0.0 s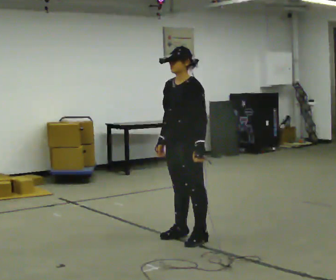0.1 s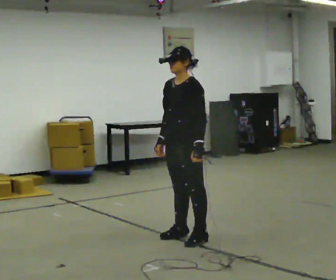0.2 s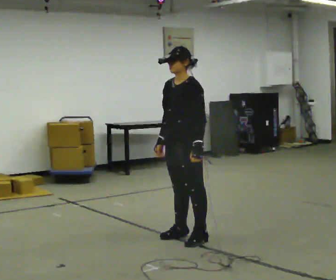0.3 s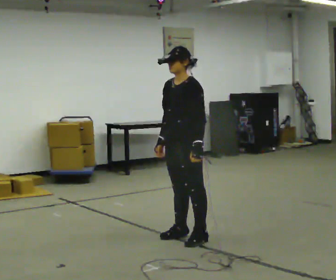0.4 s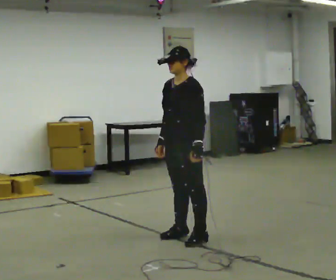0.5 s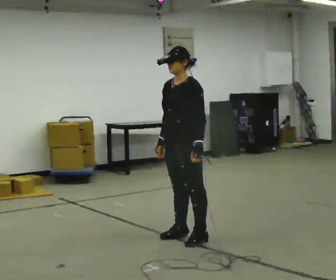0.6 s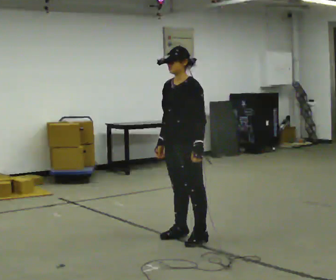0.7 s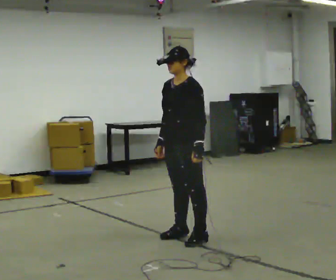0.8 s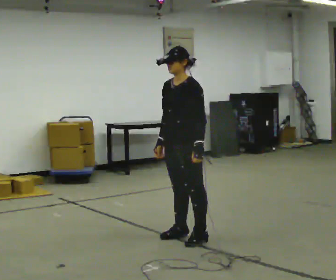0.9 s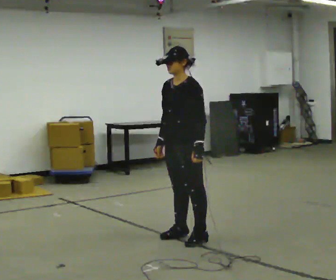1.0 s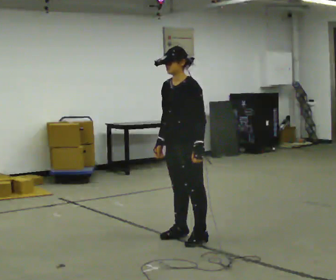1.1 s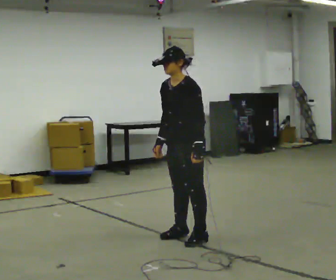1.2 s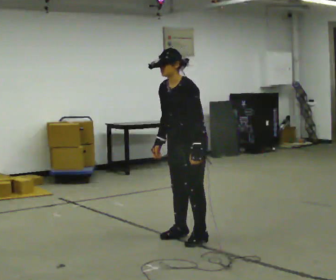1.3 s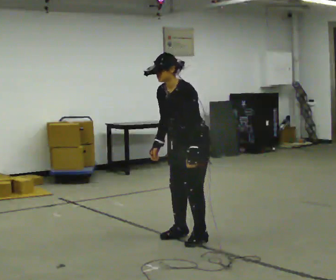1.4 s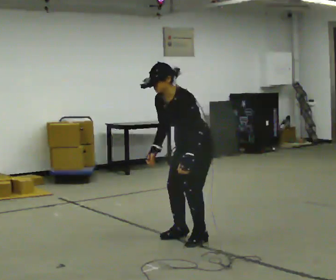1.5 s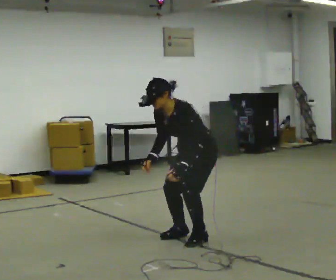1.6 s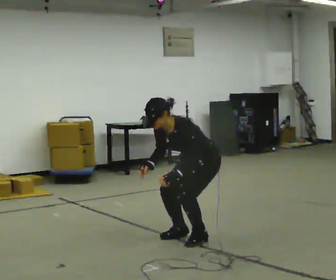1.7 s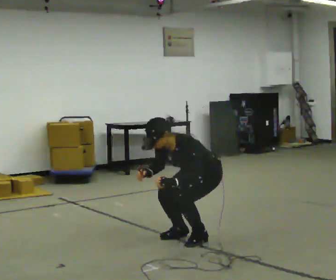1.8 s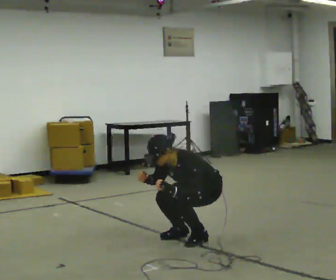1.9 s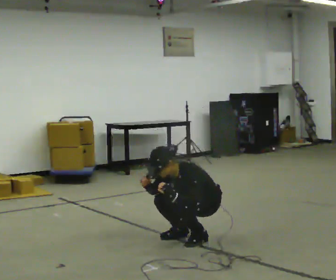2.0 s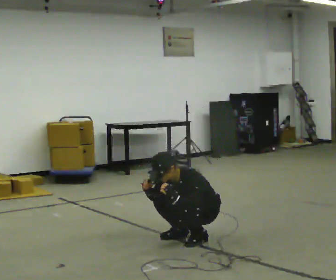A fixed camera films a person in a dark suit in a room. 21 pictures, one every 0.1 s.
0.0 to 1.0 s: The person moves a little, or ends about where they began.
1.0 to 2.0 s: In the picture they go to the right, about 0.25 m, which for them is backward. The shoulders move downward. In the picture the upper body tilts counterclockwise, shoulders to the left, as they bend forward. In the picture their left hand goes downward.
The film runs forward here.
